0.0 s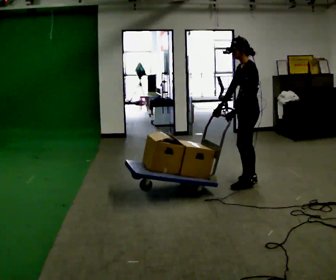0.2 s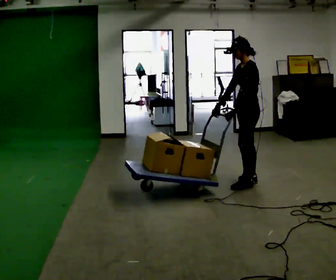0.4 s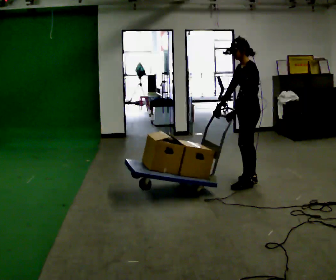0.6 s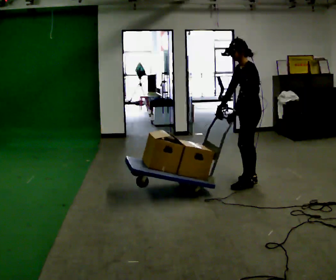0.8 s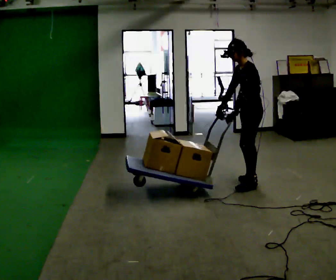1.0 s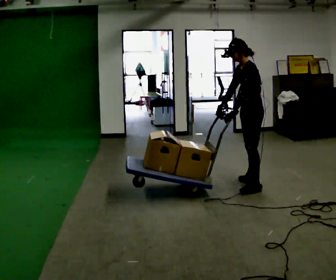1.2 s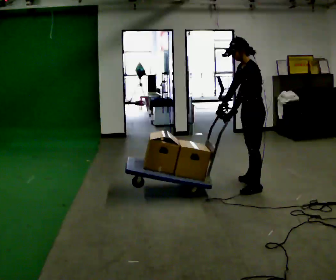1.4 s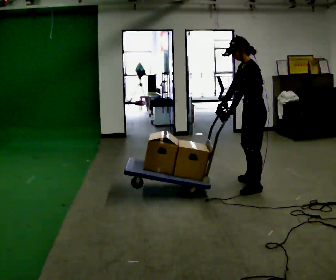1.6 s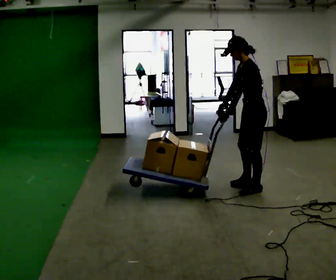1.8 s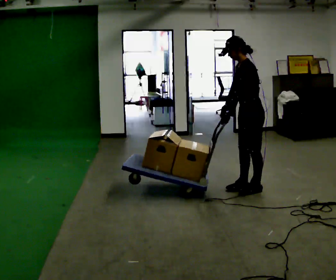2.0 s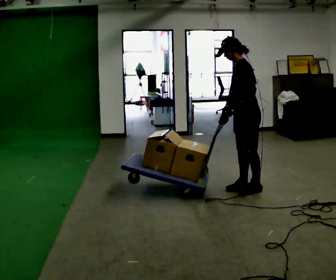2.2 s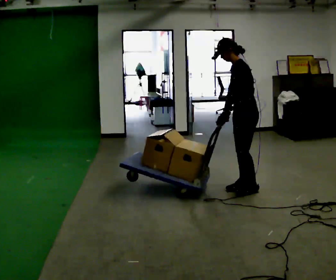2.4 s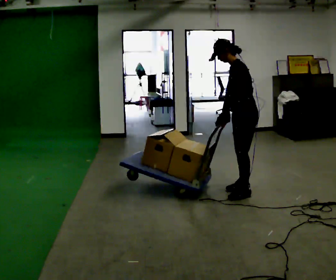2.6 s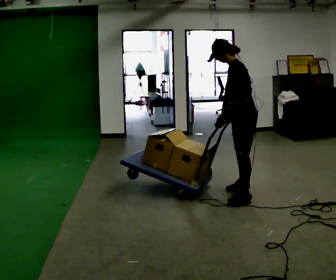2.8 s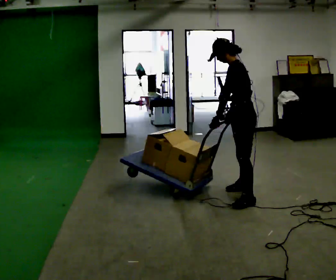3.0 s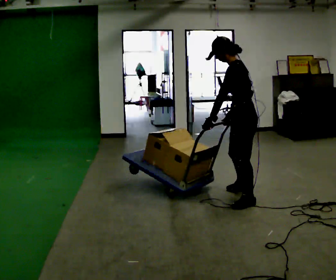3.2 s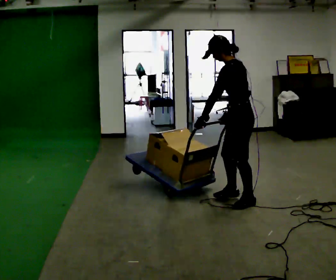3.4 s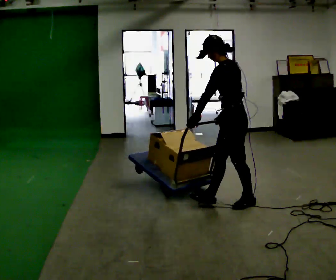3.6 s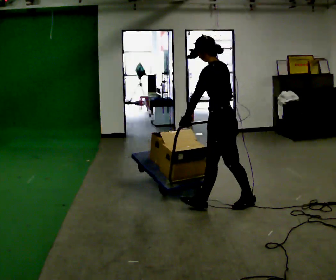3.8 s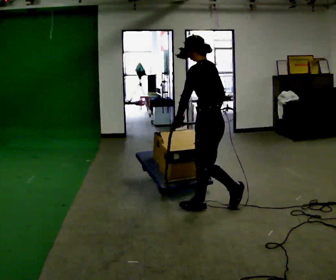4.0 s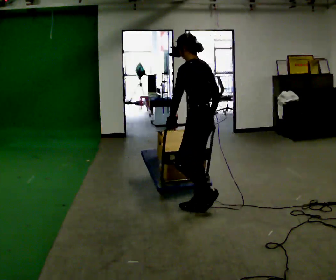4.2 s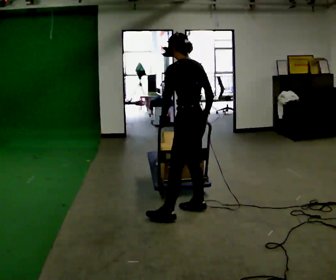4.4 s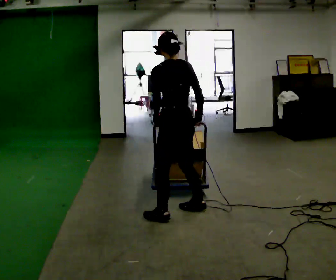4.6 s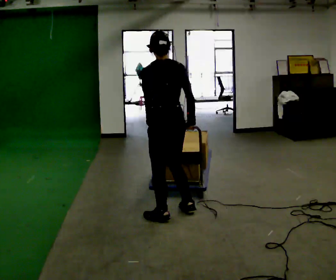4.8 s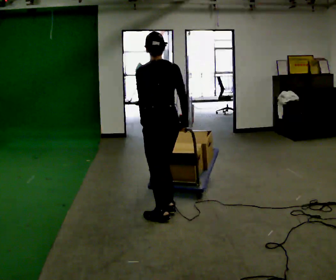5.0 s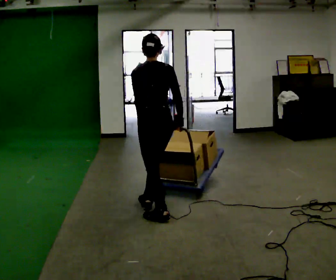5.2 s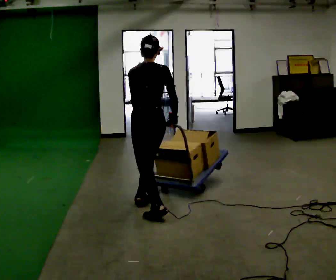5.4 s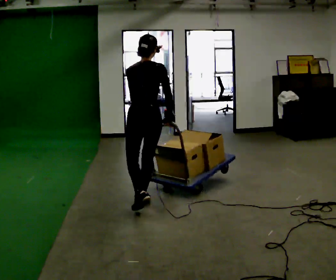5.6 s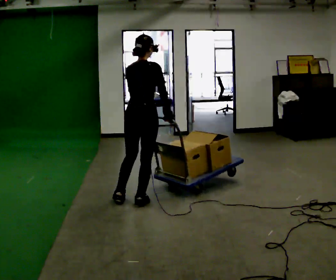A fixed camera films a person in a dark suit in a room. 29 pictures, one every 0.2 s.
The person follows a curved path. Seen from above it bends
clockwise.
Their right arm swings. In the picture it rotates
counterclockwise.
0.0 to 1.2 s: In the picture they go toward the camera, about 0.25 m, which for them is to their left.
1.2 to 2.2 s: The person moves a little, or ends about where they began.
2.2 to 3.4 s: In the picture they go toward the camera, about 0.5 m in 1 step, which for them is to their left.
3.4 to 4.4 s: Seen from above the body turns clockwise, about 45 degrees: to their right, with its near side sliding to the left. In the picture they go to the left and toward the camera, about 0.5 m in 2 steps, which for them is forward and to their left.
4.4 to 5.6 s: Seen from above the body turns clockwise, about 60 degrees: to their right, with its near side sliding to the left. In the picture they go to the left and away from the camera, about 0.5 m in 1 step, which for them is forward and to their left.
The film runs forward here.
